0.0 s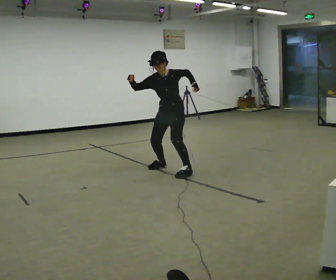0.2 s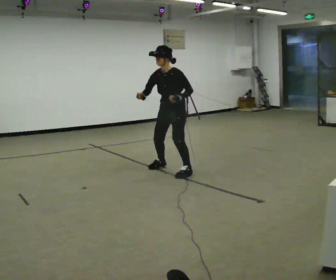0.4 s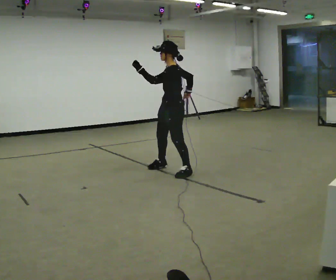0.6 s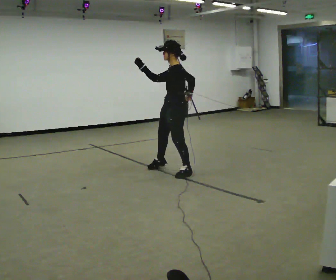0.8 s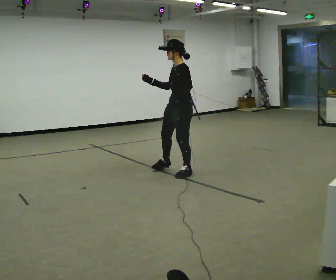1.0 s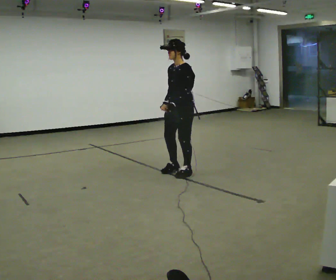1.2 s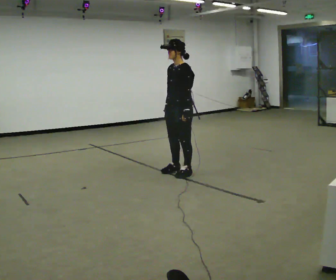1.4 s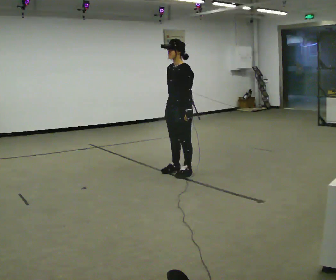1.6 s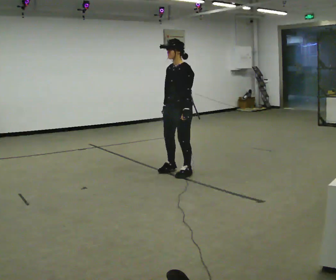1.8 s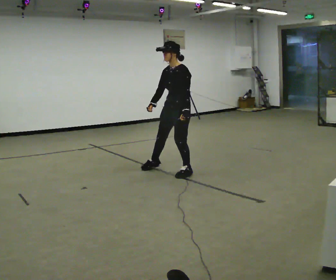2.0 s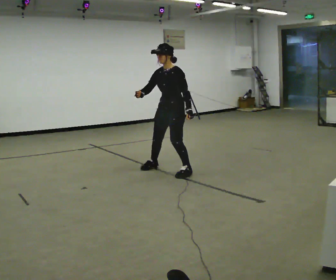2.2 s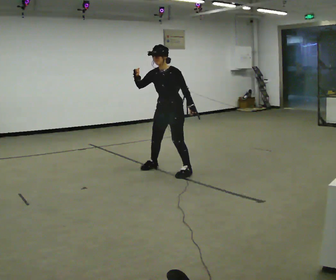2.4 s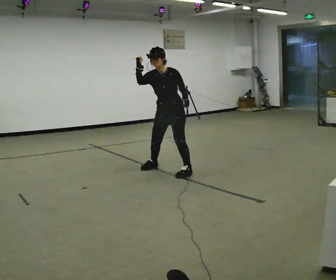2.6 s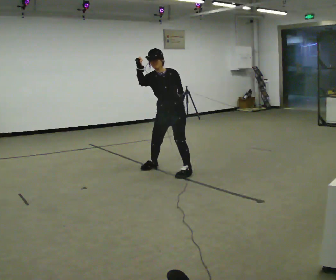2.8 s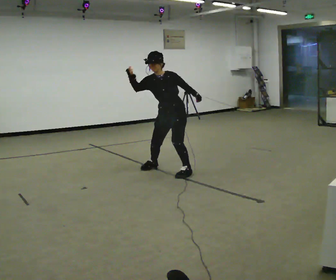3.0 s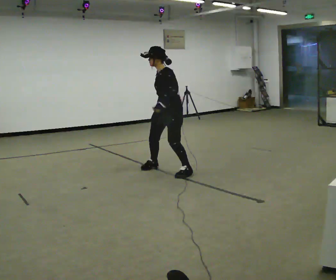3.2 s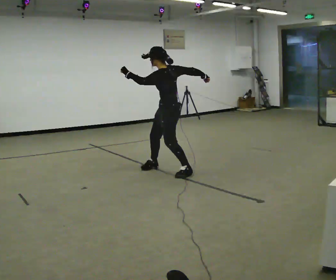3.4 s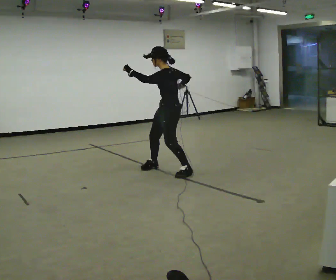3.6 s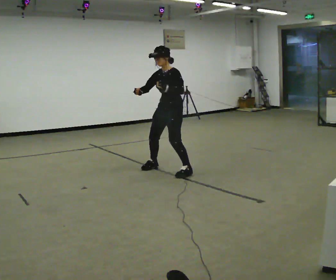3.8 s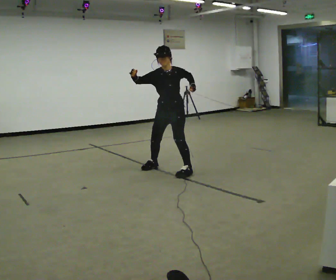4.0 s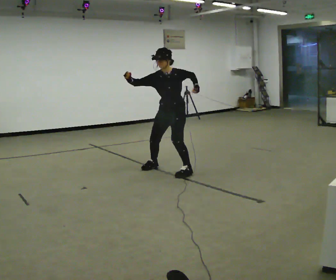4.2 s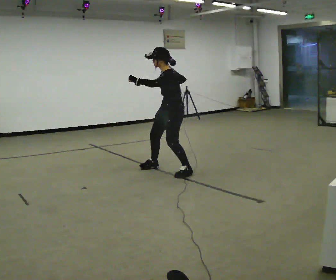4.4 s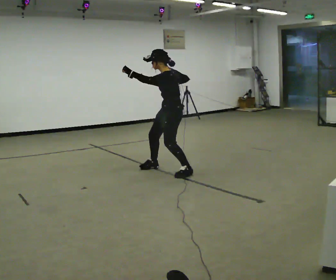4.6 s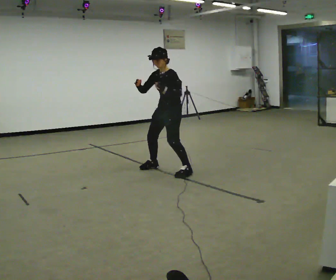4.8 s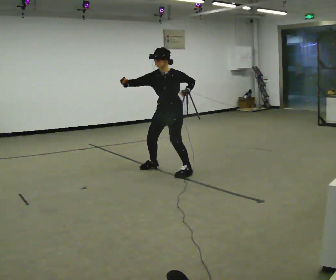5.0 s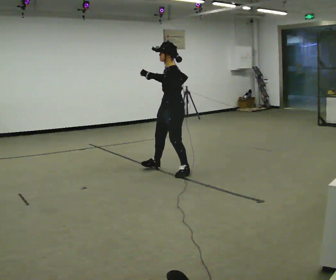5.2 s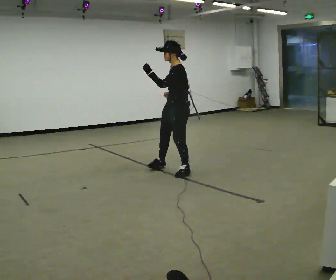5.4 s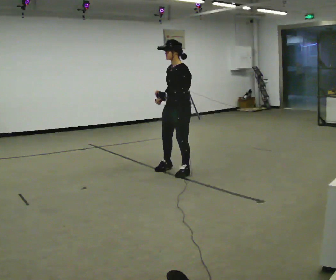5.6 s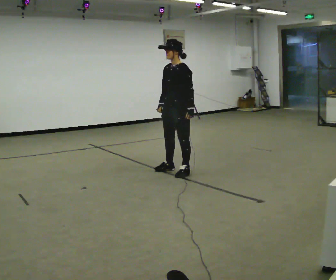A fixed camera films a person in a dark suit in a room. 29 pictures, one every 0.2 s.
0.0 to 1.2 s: The person turns about 30 degrees to their right, clockwise seen from above, so the part of the body nearest the lens slides to the left. In the picture they go toward the camera, about 0.25 m in 1 step, which for them is to their left. In the picture their right hand goes to the right and downward.
1.2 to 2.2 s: The person turns about 30 degrees to their left, counterclockwise seen from above, so the part of the body nearest the lens slides to the right. In the picture their right hand goes upward and to the left, the arm swinging clockwise.
2.2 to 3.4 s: The person turns about 60 degrees to their right, clockwise seen from above, so the part of the body nearest the lens slides to the left. In the picture their left hand goes to the left and upward, the arm swinging clockwise.
3.4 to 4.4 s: The person moves a little, or ends about where they began.
4.4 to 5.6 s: The person turns about 30 degrees to their left, counterclockwise seen from above, so the part of the body nearest the lens slides to the right. In the picture their left hand goes to the right and downward.
The film runs backward here.
